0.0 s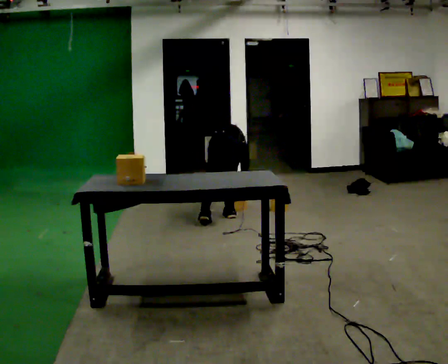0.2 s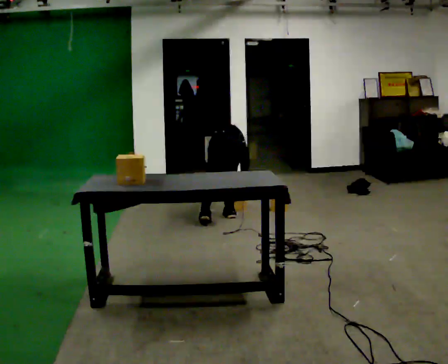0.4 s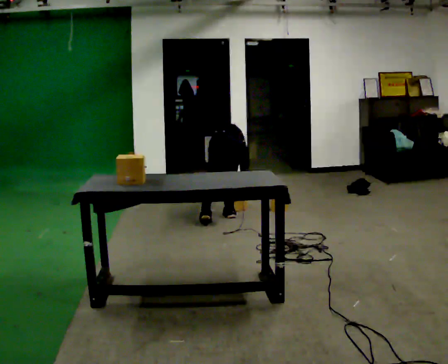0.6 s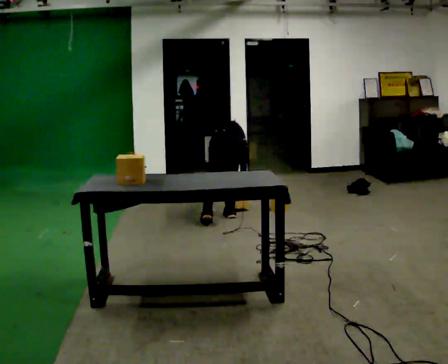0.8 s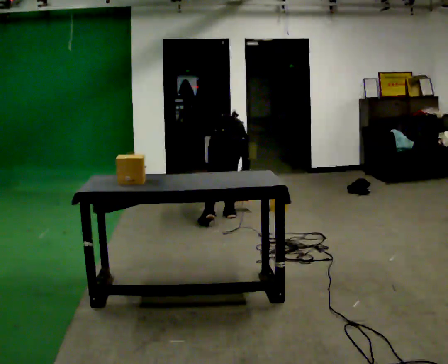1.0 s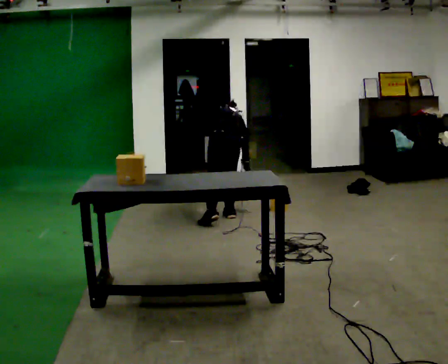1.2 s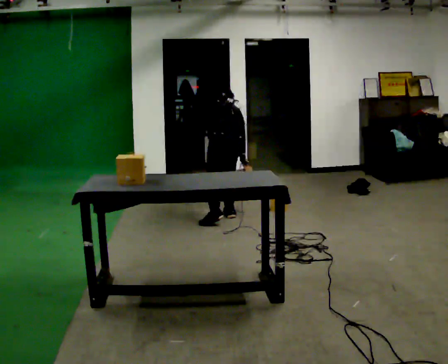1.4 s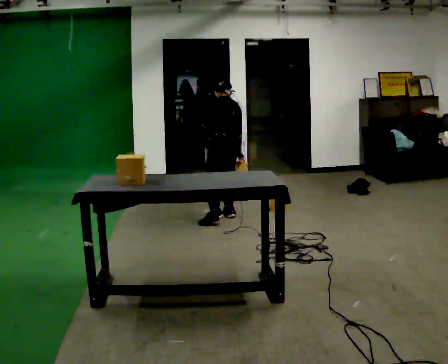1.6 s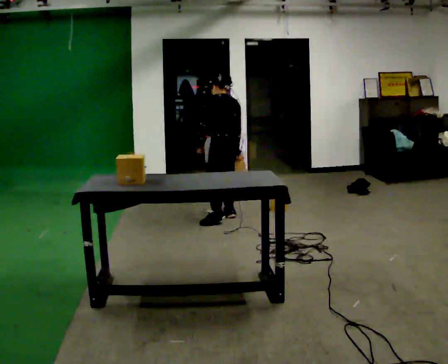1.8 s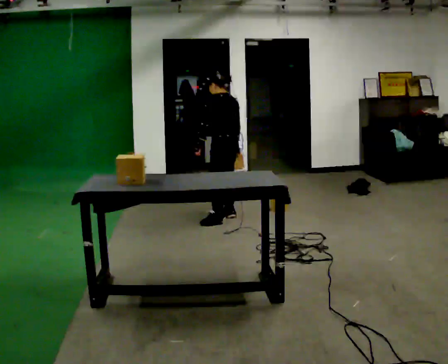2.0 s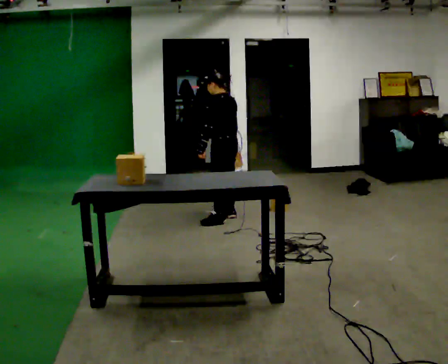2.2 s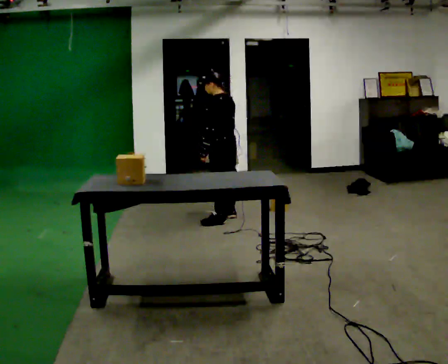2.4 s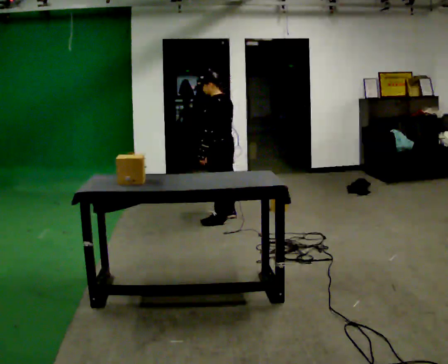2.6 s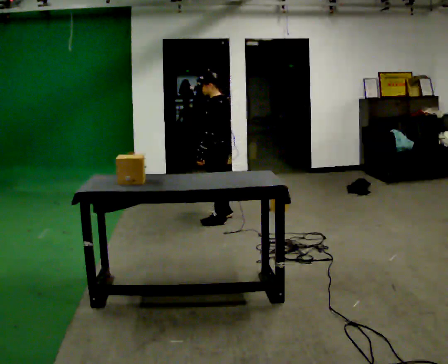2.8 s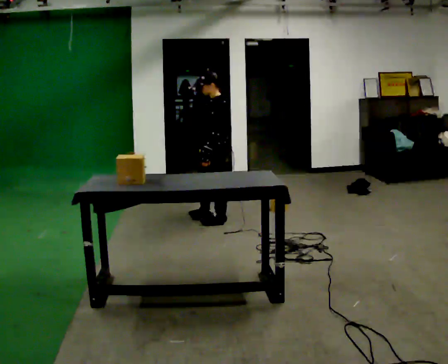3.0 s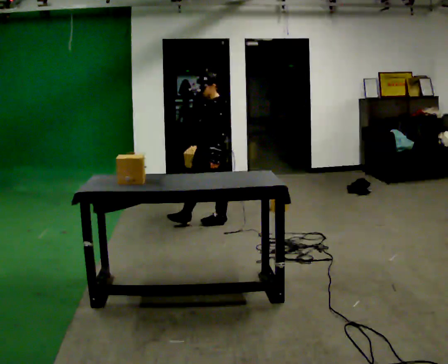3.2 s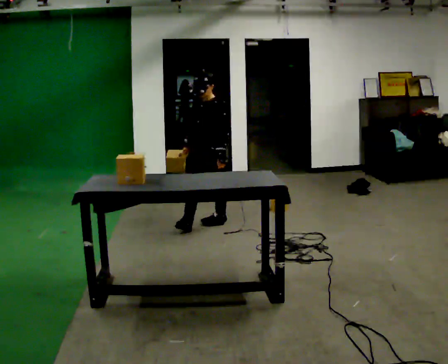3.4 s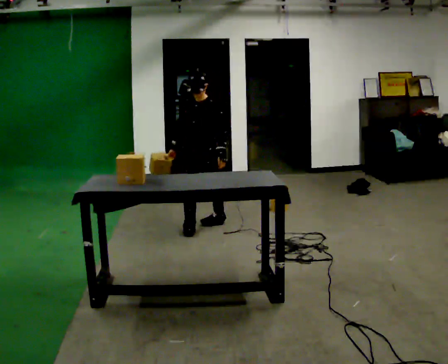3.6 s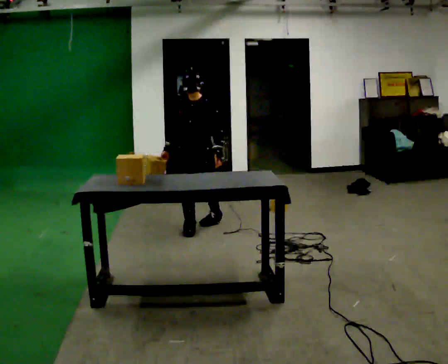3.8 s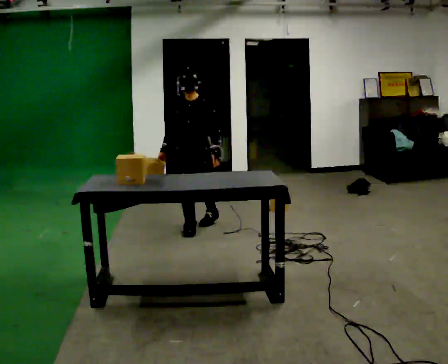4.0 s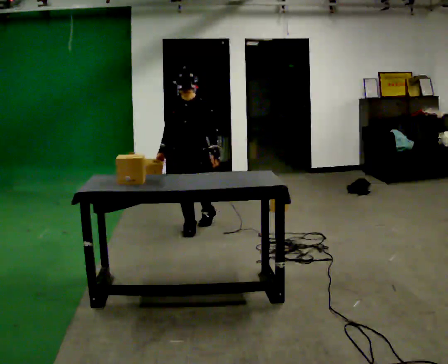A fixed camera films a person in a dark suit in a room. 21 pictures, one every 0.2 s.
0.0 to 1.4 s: Seen from above the body turns counterclockwise, about 30 degrees: to their left, with its near side sliding to the right. The upper body goes upward. The upper body tips toward the camera, its near side rolling downward, as they lean back or straighten. In the picture their left hand goes upward.
1.4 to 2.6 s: The part of the body nearest the lens slides to the right as the person turns to their left by about 30 degrees. In the picture they go toward the camera, about 0.25 m, which for them is to their left. The upper body tips toward the camera, its near side rolling downward, as they lean back or straighten.
2.6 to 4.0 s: The part of the body nearest the lens slides to the right as the person turns to their left by about 105 degrees. In the picture they go toward the camera and to the left, about 0.5 m in 1 step.
The film runs forward here.
